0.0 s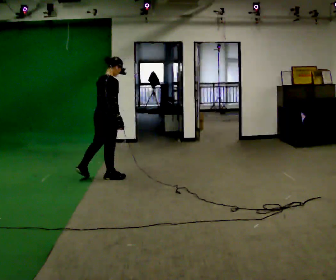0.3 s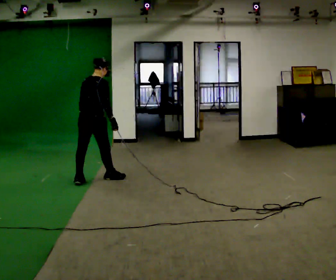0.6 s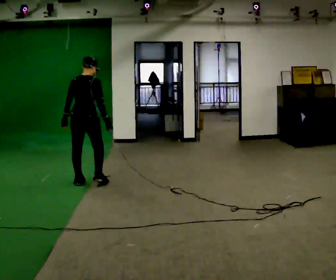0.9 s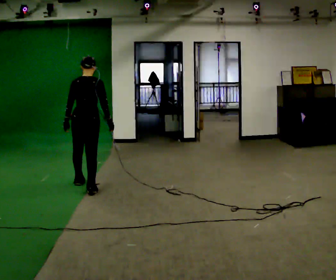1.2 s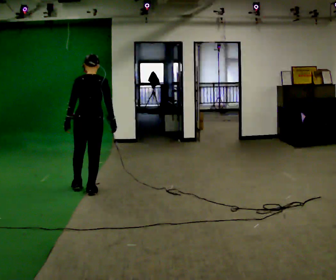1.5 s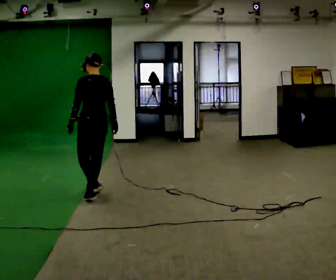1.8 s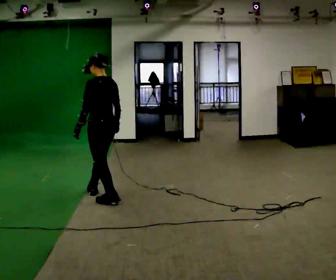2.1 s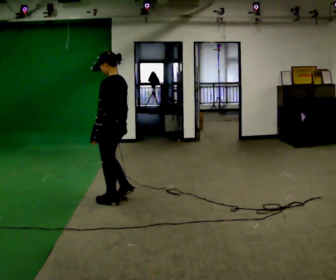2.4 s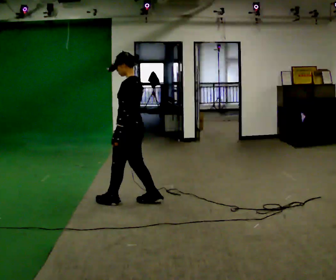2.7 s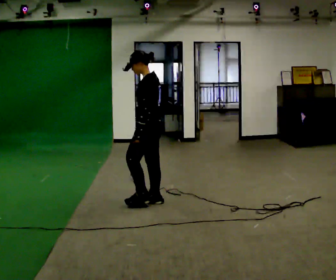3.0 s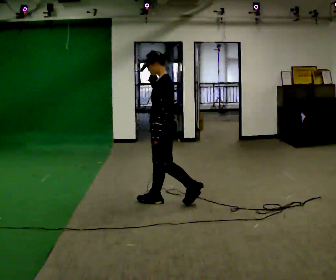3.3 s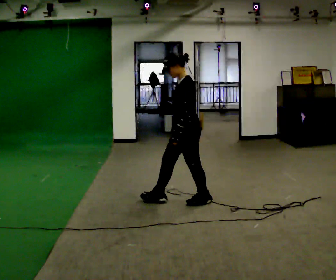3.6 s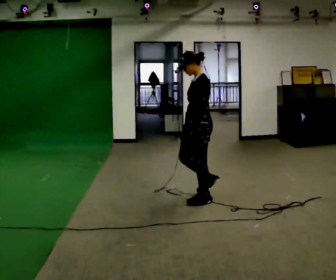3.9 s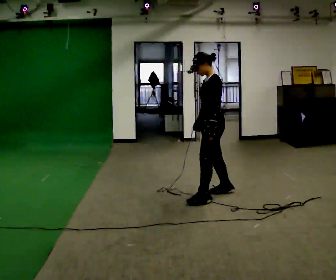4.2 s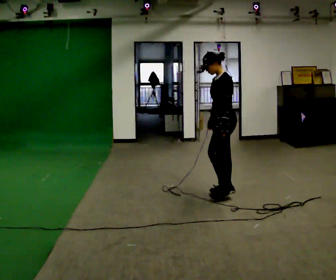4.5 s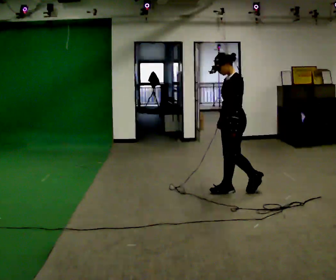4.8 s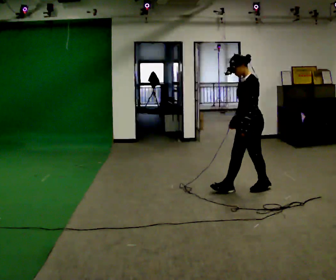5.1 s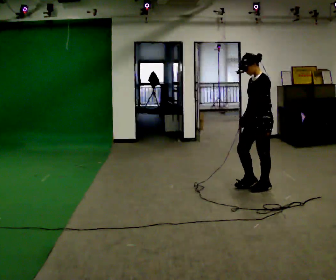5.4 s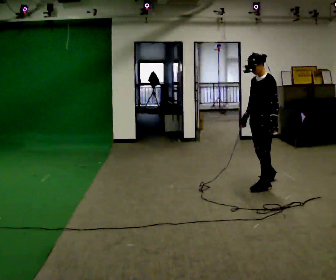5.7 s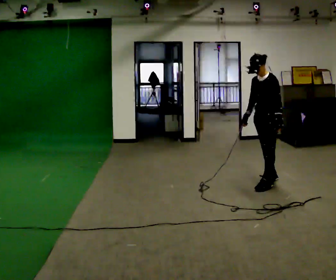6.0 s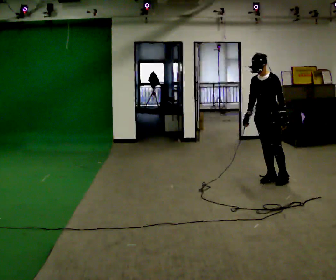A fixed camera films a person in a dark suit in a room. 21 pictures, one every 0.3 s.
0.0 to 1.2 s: The person turns about 60 degrees to their left, counterclockwise seen from above, so the part of the body nearest the lens slides to the right. In the picture they go toward the camera, about 0.5 m in 2 steps, which for them is backward.
1.2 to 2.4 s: The person turns about 60 degrees to their left, counterclockwise seen from above, so the part of the body nearest the lens slides to the right. In the picture they go to the right and toward the camera, about 0.5 m in 2 steps.
2.4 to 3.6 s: In the picture they go to the right, about 0.75 m in 1 step, which for them is backward.
3.6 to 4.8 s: In the picture they go to the right and away from the camera, about 0.75 m in 2 steps, which for them is backward.
4.8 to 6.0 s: The person turns about 30 degrees to their left, counterclockwise seen from above, so the part of the body nearest the lens slides to the right. In the picture they go away from the camera and to the right, about 0.5 m in 1 step, which for them is backward and to their right.
The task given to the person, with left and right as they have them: Walk backward several steps, then turn while still moving backward, then continue backward. Operator confirms the space behind you is clear.
The film runs forward here.
